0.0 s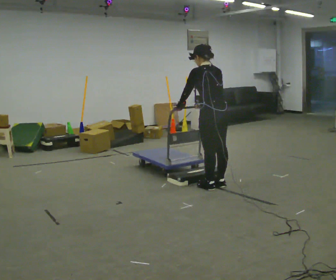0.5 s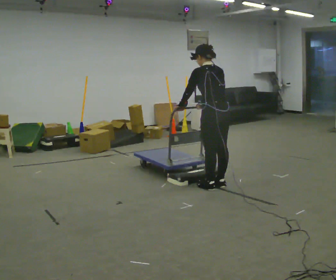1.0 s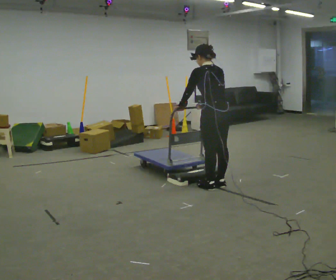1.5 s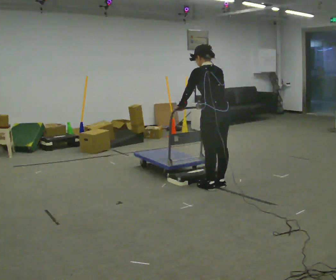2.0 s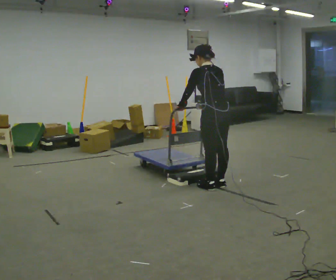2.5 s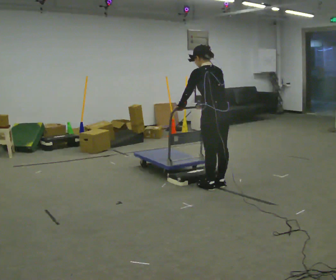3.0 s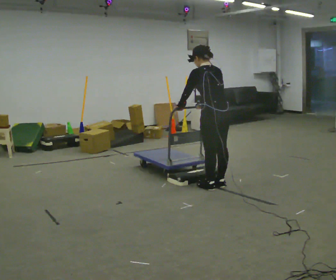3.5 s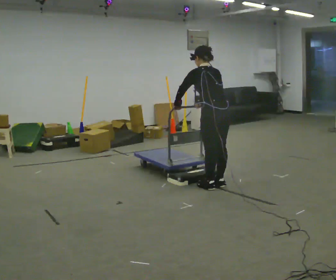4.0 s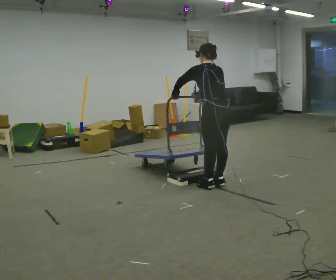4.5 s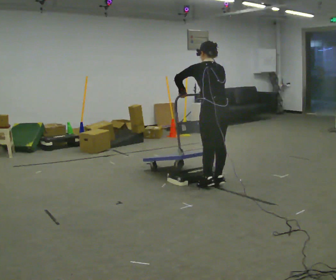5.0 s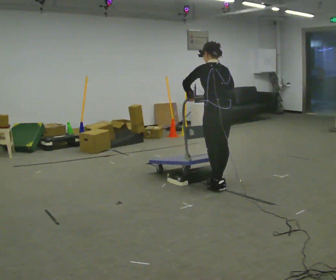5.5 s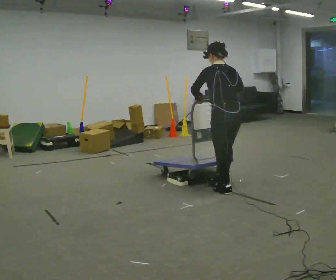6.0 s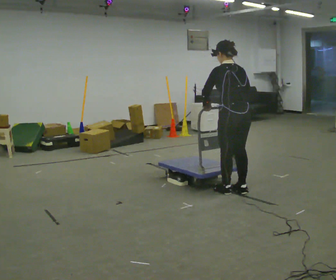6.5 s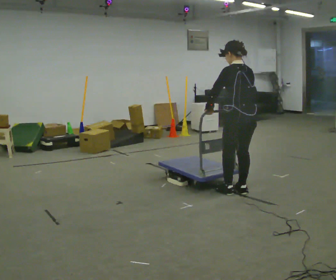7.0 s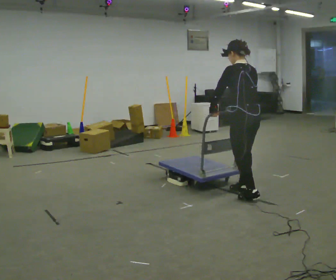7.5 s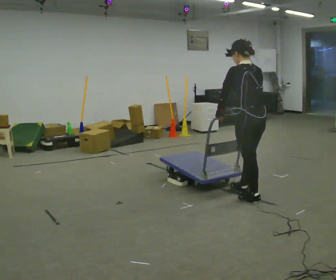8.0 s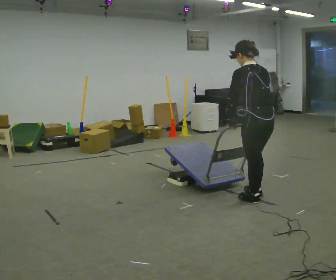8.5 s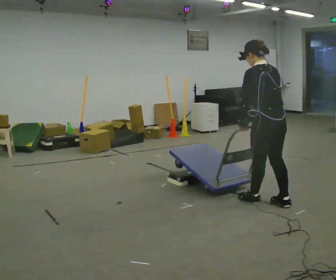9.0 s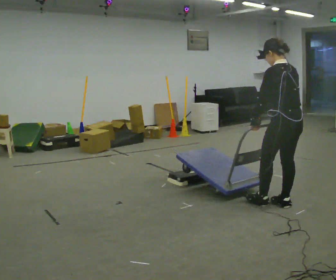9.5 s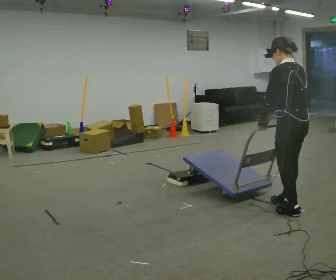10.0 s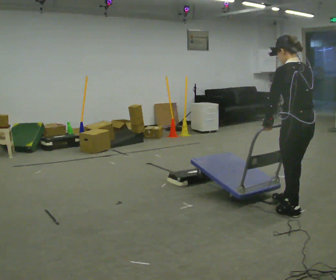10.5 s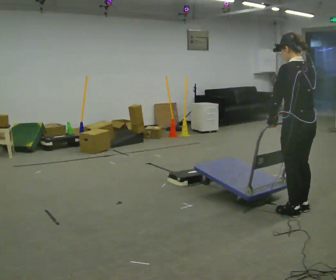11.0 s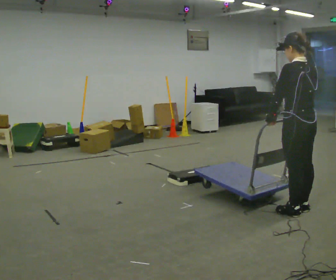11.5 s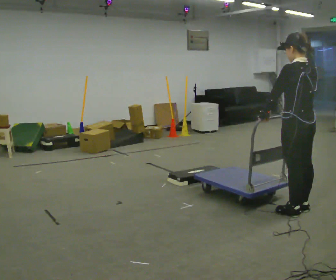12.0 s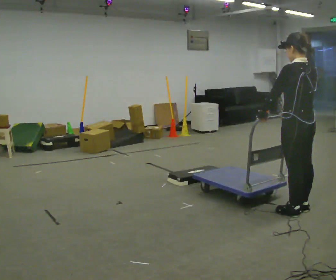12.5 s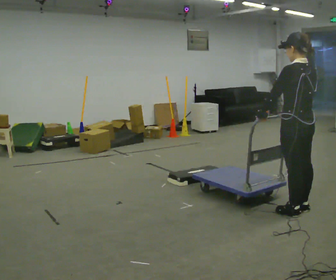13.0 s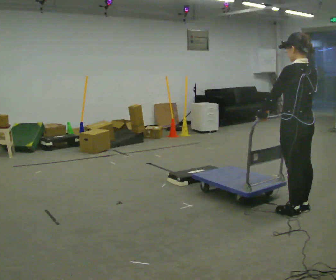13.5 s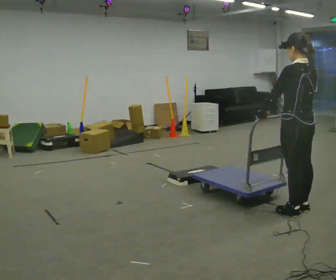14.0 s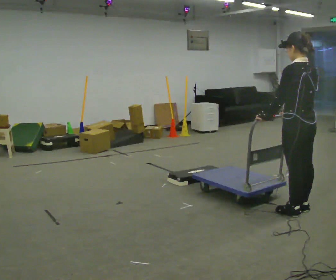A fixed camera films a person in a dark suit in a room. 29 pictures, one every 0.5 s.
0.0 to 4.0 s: The person moves a little, or ends about where they began.
4.0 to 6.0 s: In the picture they go to the right and toward the camera, about 0.25 m in 2 steps, which for them is backward.
6.0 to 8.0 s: In the picture they go toward the camera and to the right, about 0.5 m in 1 step, which for them is backward.
8.0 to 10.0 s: In the picture they go to the right and toward the camera, about 0.5 m in 2 steps, which for them is backward.
10.0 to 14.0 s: The person moves a little, or ends about where they began.
The film runs forward here.
